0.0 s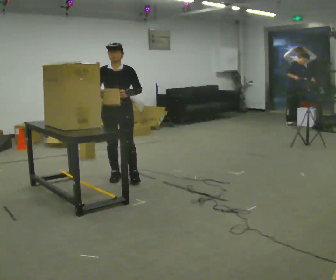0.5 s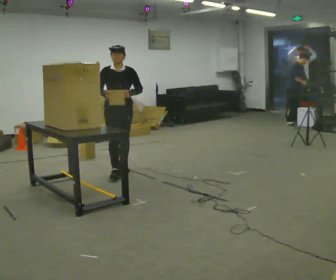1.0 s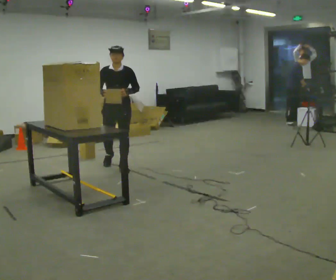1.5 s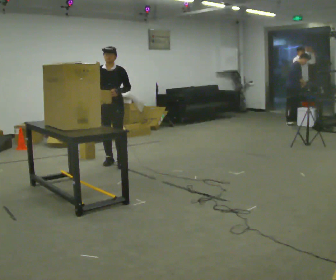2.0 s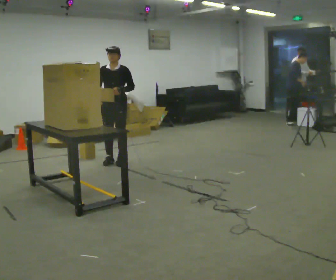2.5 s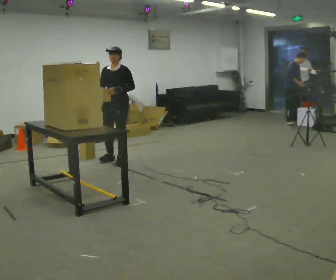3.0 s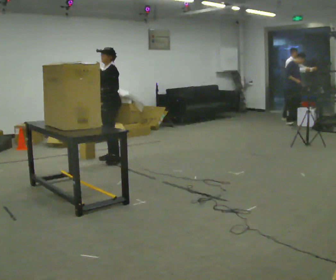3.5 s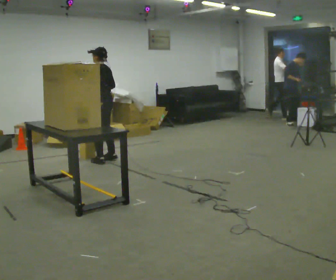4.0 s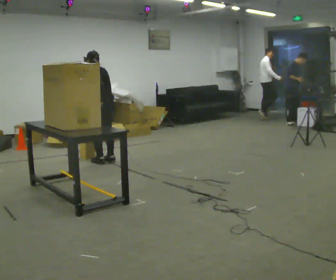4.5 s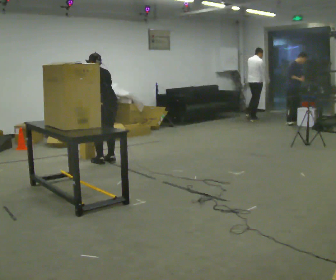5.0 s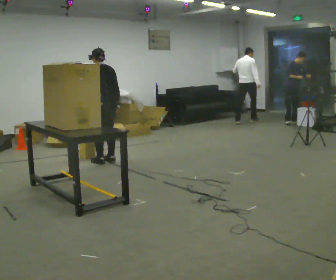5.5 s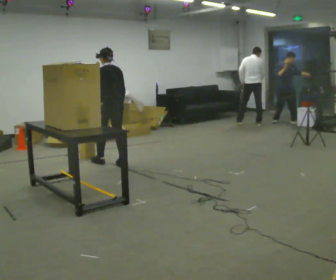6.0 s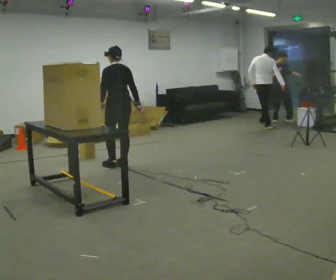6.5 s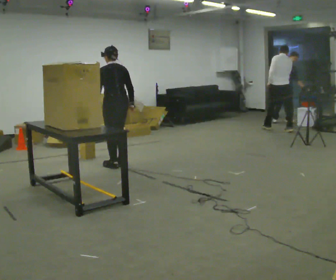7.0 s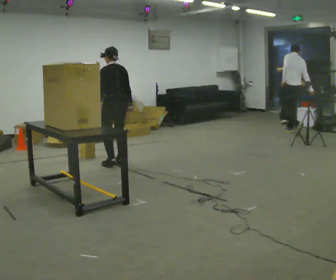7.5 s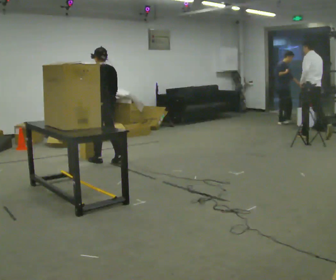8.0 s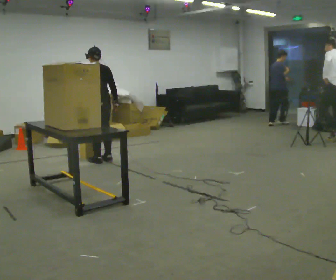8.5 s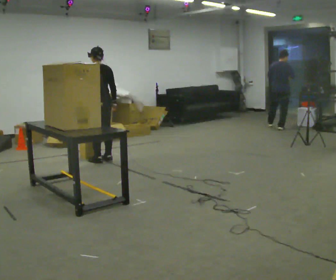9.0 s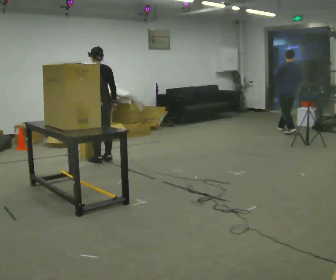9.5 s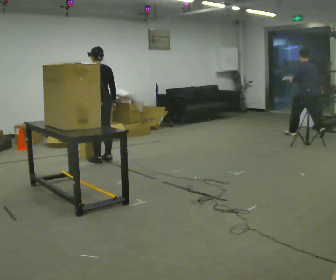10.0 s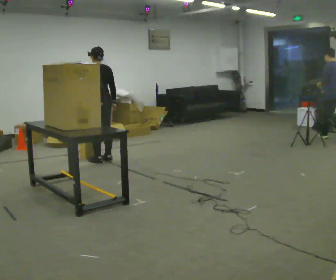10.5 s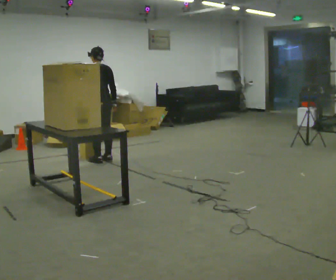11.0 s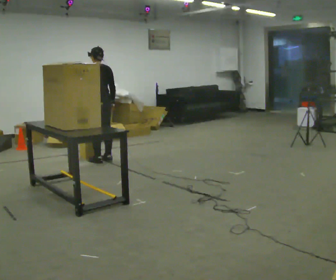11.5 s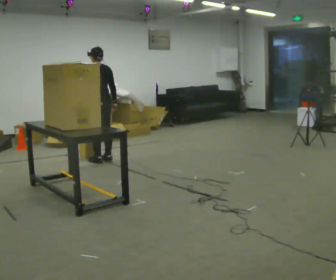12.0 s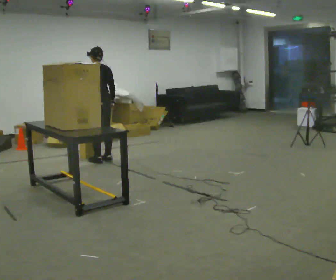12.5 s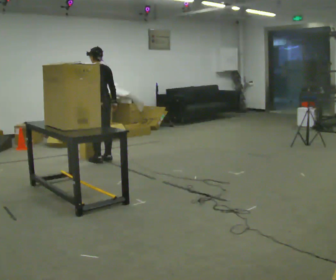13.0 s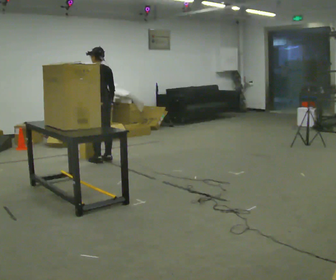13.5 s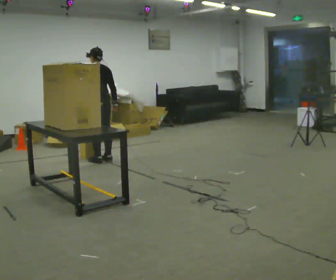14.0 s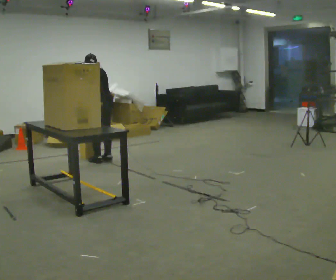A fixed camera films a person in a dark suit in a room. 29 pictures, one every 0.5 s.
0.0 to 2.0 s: In the picture they go away from the camera, about 1 m in 2 steps, which for them is backward.
2.0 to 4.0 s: The part of the body nearest the lens slides to the left as the person turns to their right by about 135 degrees. In the picture they go to the left, about 0.25 m in 1 step. In the picture their left hand goes to the left.
4.0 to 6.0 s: In the picture they go to the right and toward the camera, about 0.25 m in 2 steps, which for them is backward.
6.0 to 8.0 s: In the picture they go to the left and away from the camera, about 0.25 m in 2 steps, which for them is forward.
8.0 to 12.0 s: The person moves a little, or ends about where they began.
12.0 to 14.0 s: The upper body tips away from the camera, its near side rolling upward, as they bend forward.
The film runs backward here.
